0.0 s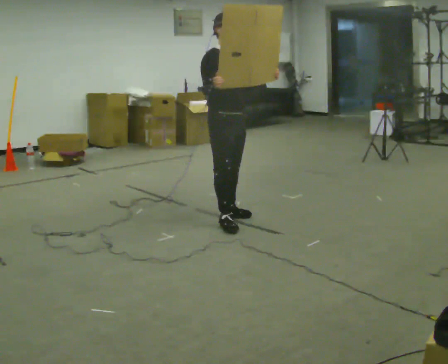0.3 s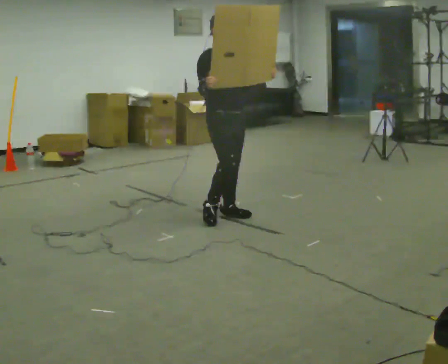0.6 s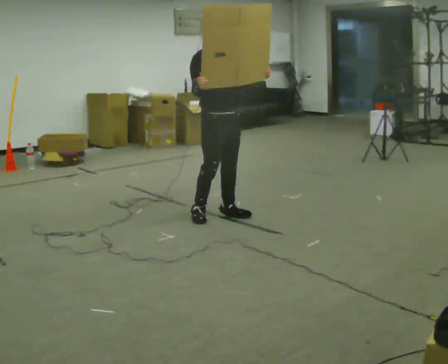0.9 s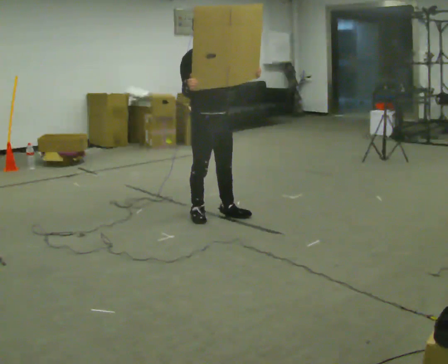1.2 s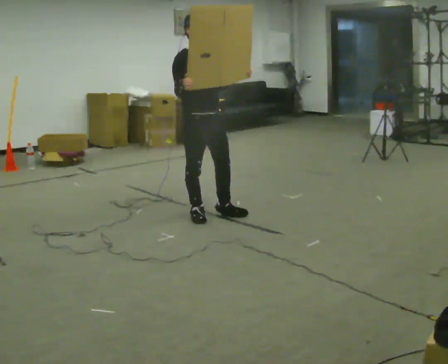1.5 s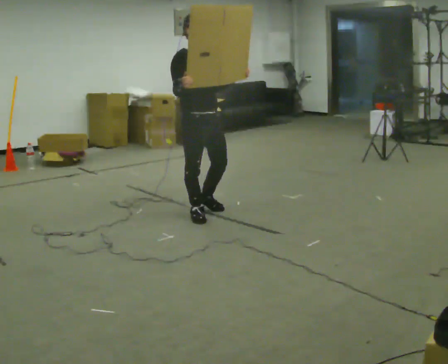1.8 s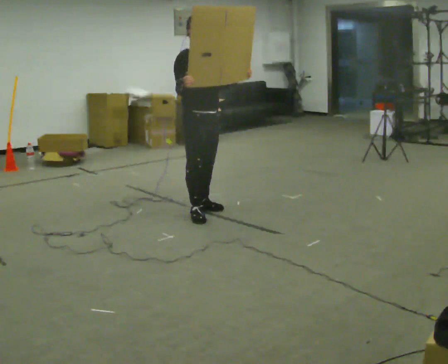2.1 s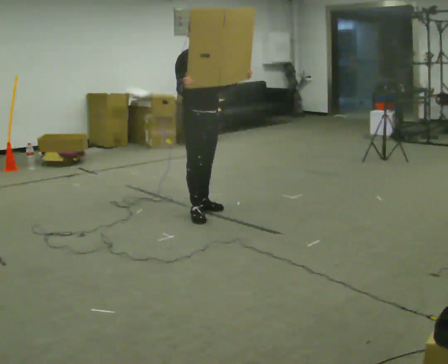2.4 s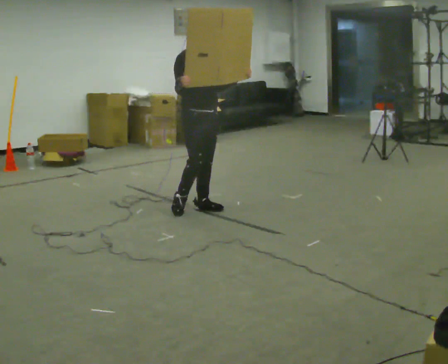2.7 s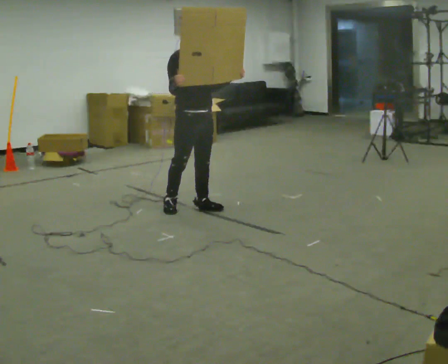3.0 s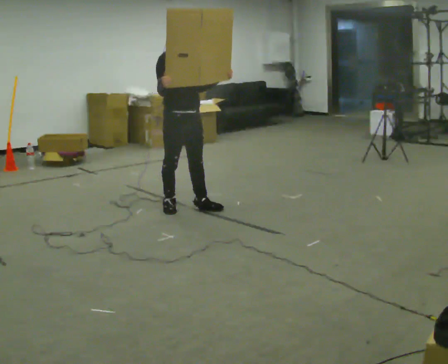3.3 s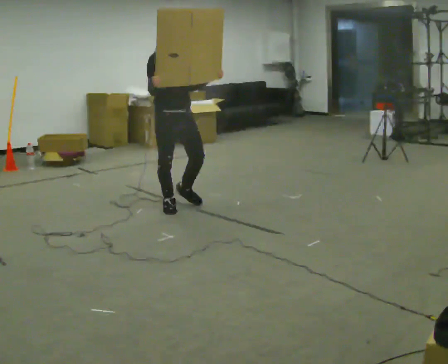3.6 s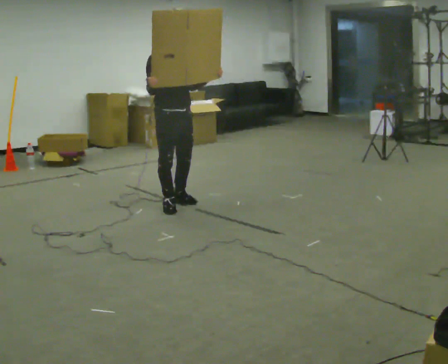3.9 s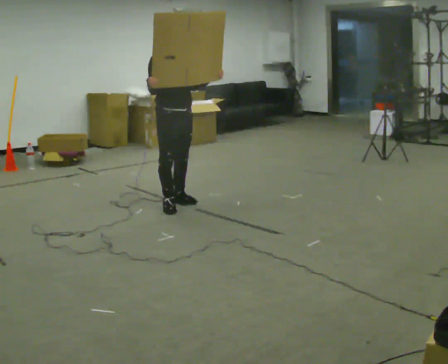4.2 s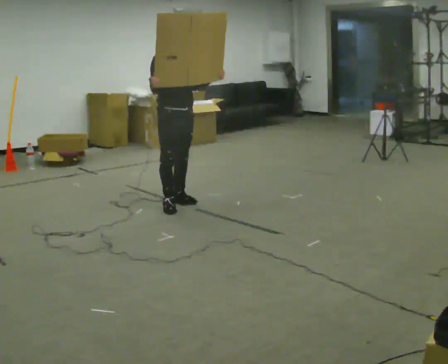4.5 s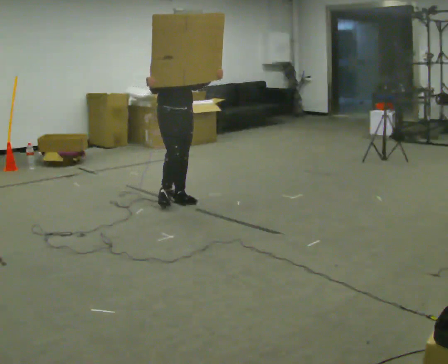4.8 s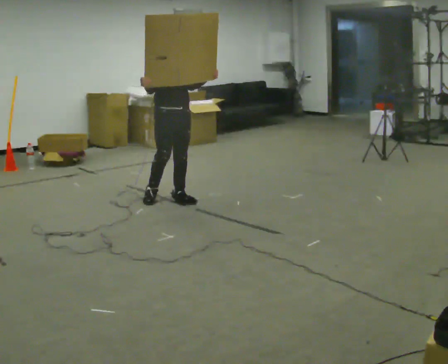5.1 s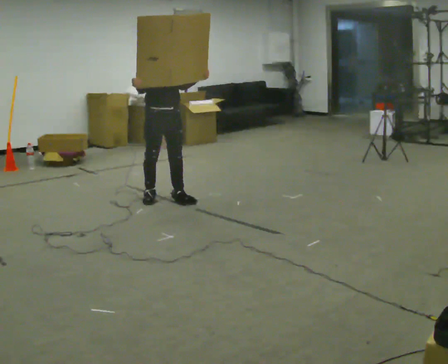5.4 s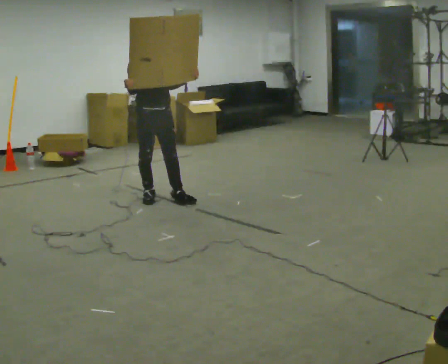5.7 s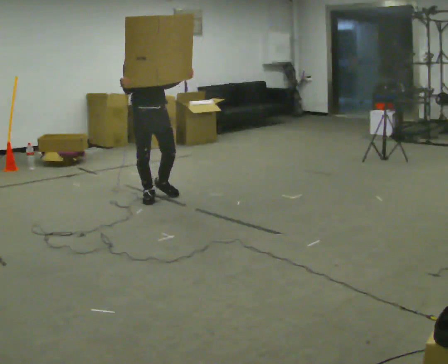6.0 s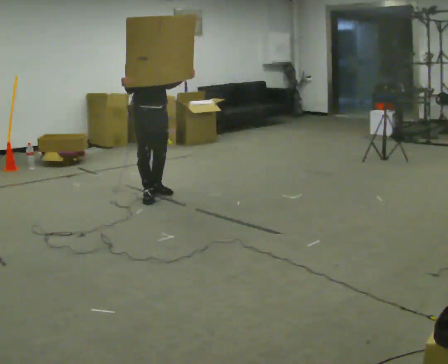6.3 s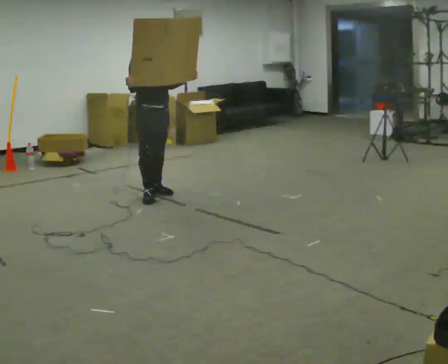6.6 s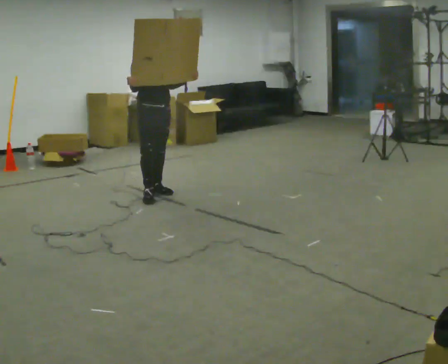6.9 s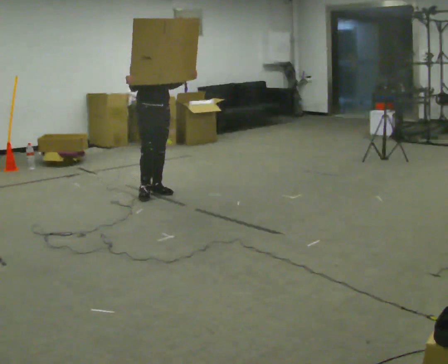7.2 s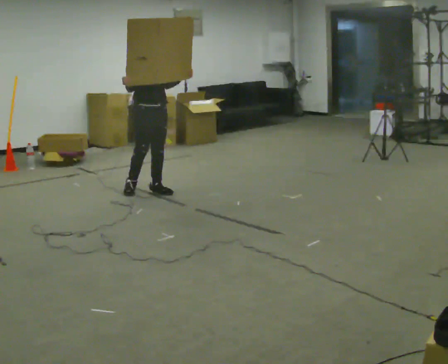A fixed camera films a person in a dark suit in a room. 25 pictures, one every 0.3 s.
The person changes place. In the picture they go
away from the camera.
0.0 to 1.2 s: In the picture they go to the left, about 0.25 m in 2 steps, which for them is backward and to their right.
1.2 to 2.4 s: In the picture they go away from the camera, about 0.25 m in 1 step, which for them is backward and to their left.
2.4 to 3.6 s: In the picture they go to the left, about 0.25 m in 1 step, which for them is backward and to their right.
3.6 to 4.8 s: In the picture they go away from the camera, about 0.25 m in 1 step, which for them is backward.
4.8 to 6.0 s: In the picture they go to the left, about 0.25 m in 1 step, which for them is backward and to their right.
6.0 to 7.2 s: In the picture they go away from the camera, about 0.25 m in 1 step, which for them is backward.
The film runs backward here.
